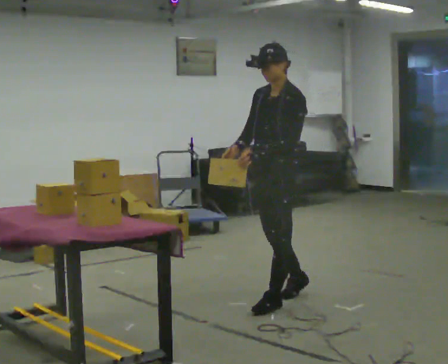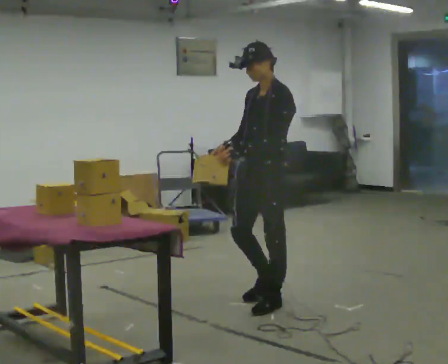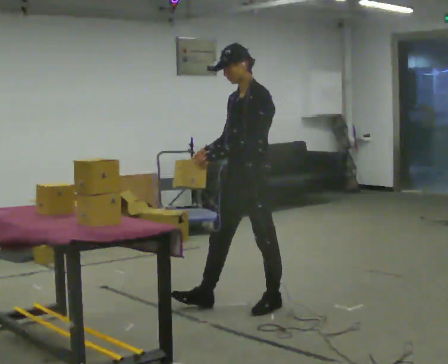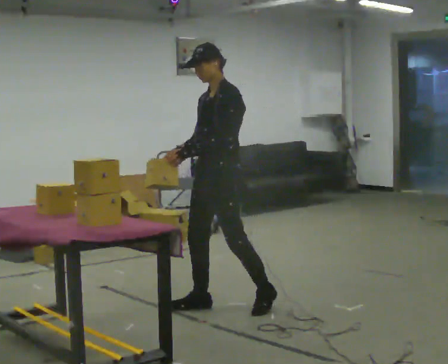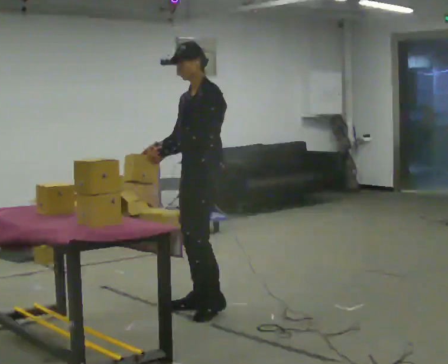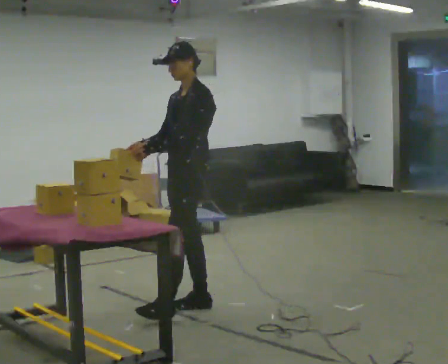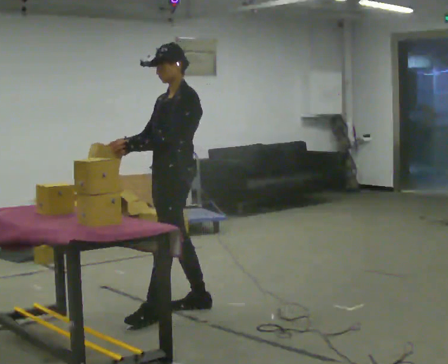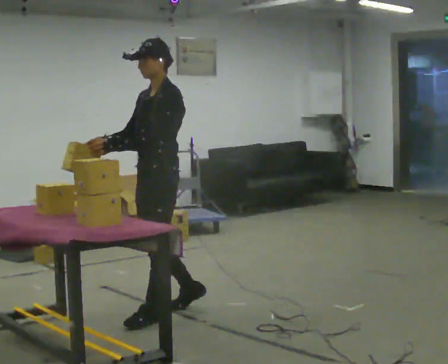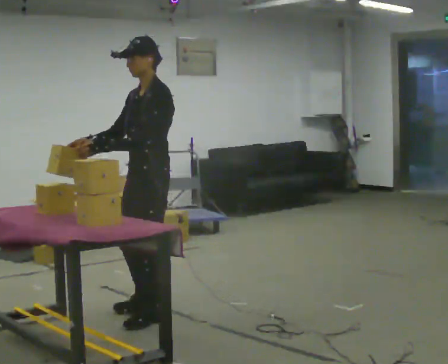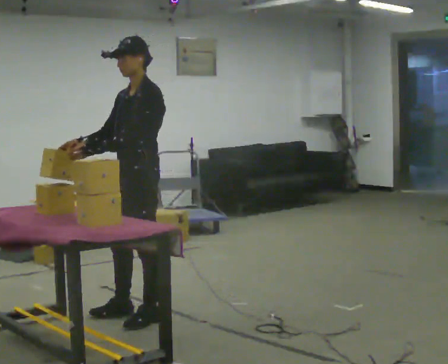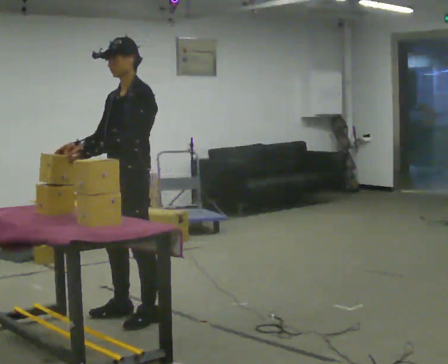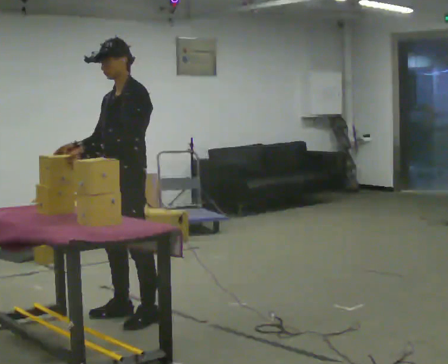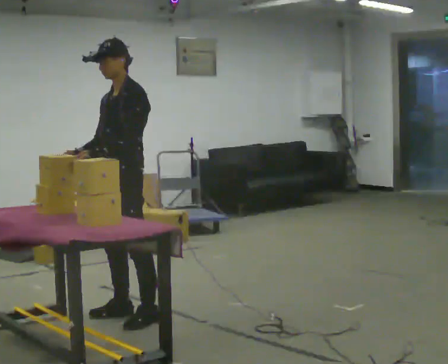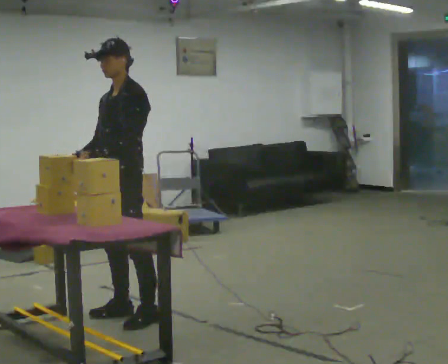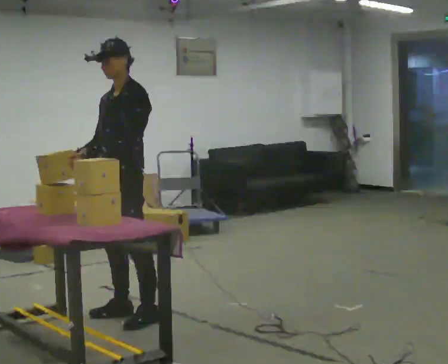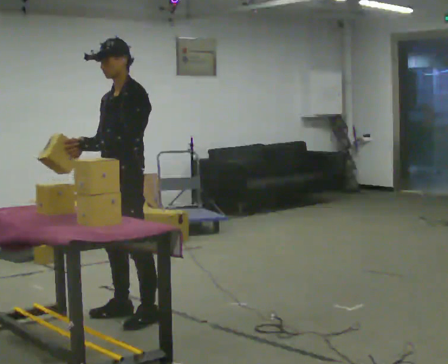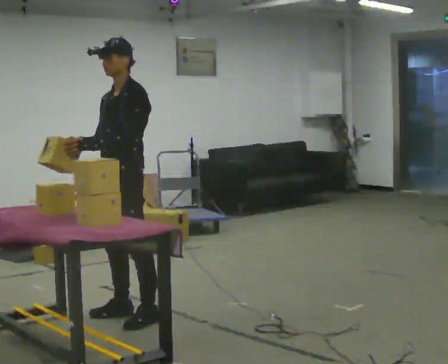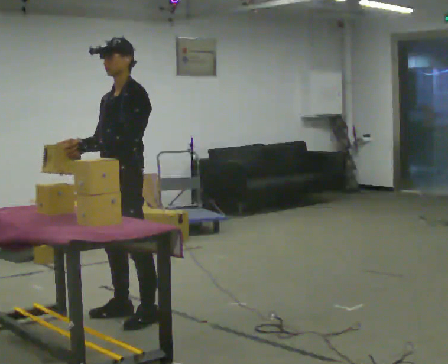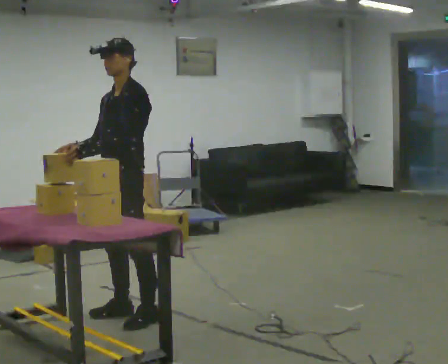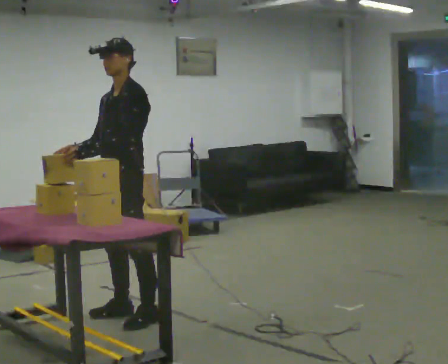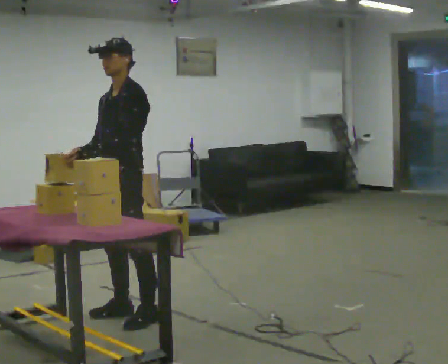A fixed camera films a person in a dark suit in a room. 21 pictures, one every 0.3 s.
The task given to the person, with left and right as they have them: Carry the box over and put it on the shelf with the label facing out towards you. Get the orientation right, not just the position. Keep going until the operator says stop; one object at a time, and do not rush between trips.
0.0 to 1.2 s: In the picture they go to the left, about 0.5 m in 1 step, which for them is forward.
1.2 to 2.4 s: In the picture they go to the left and toward the camera, about 0.5 m in 1 step, which for them is forward.
2.4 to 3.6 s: In the picture they go to the left, about 0.25 m in 1 step, which for them is forward.
3.6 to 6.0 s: The person moves a little, or ends about where they began.
The film runs forward here.
